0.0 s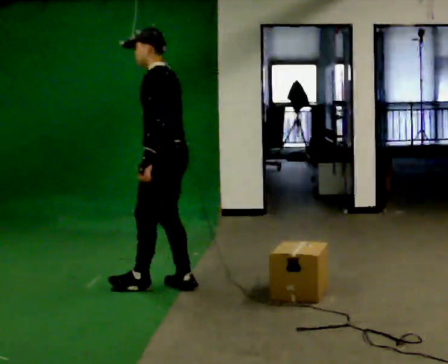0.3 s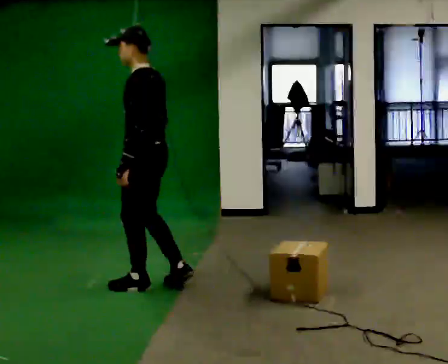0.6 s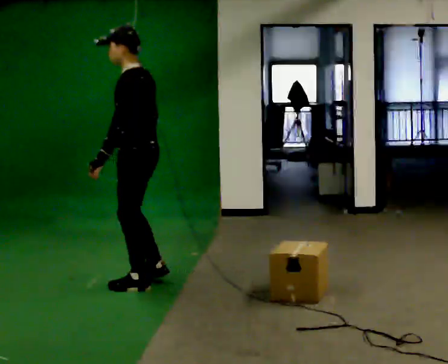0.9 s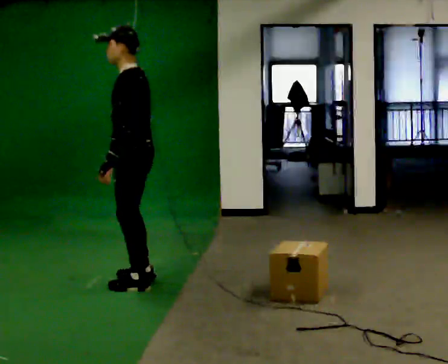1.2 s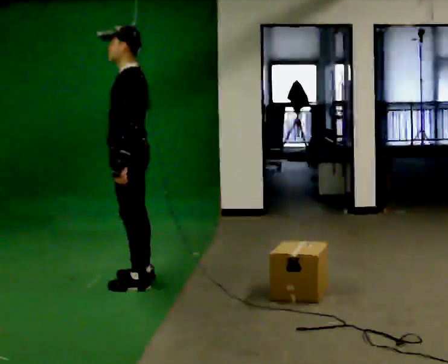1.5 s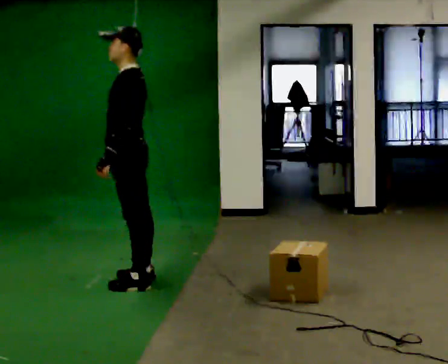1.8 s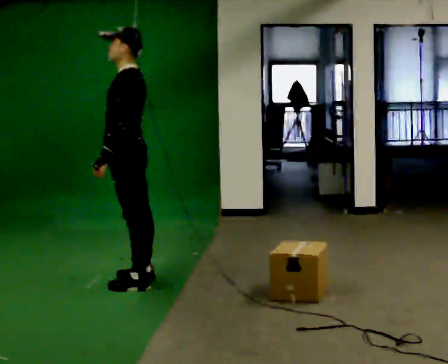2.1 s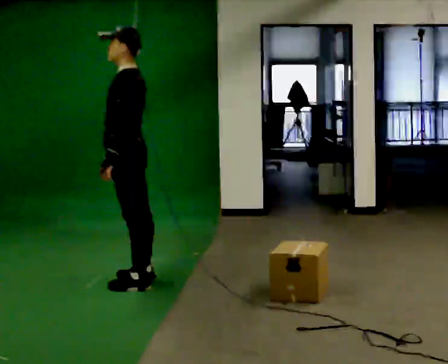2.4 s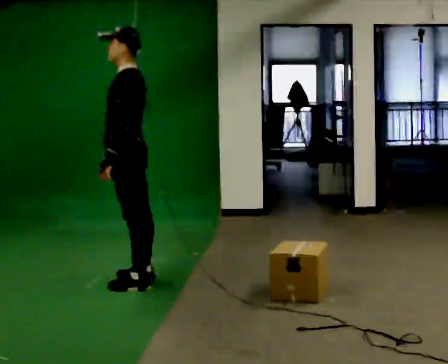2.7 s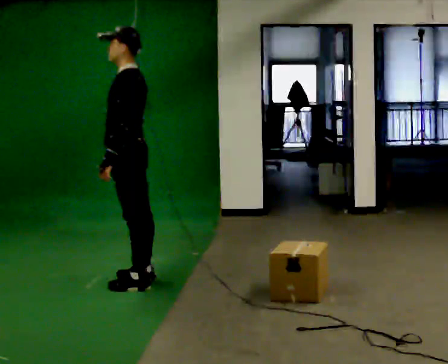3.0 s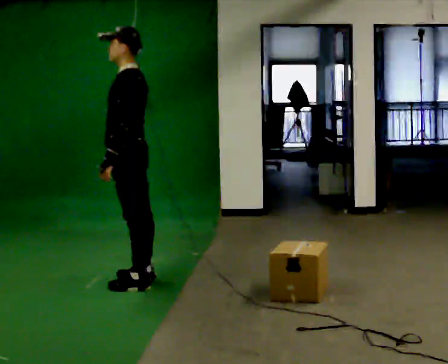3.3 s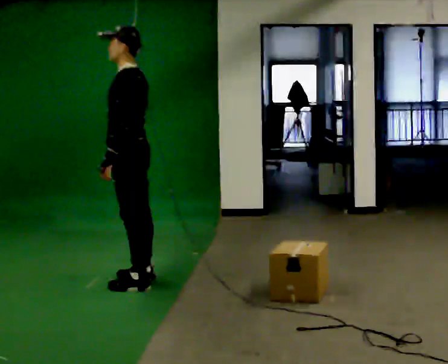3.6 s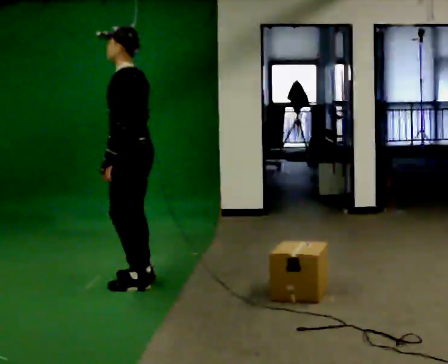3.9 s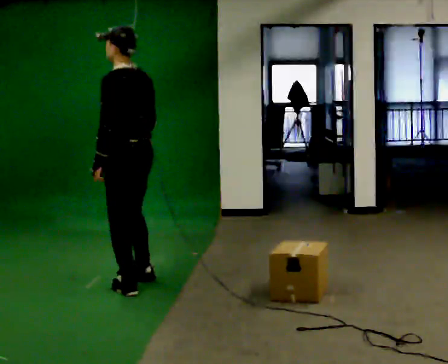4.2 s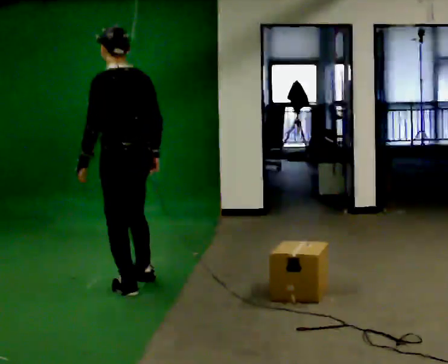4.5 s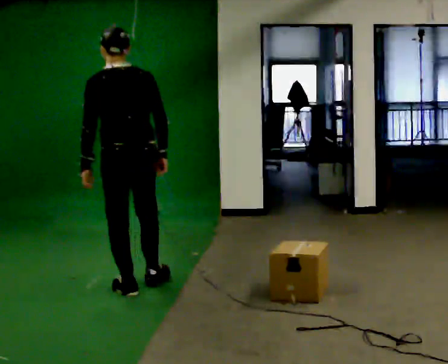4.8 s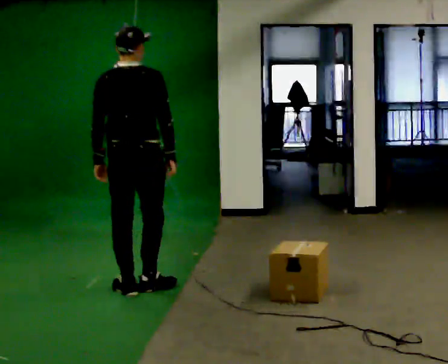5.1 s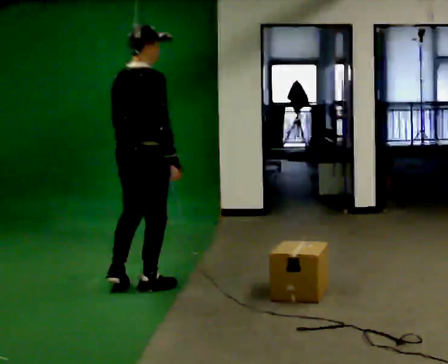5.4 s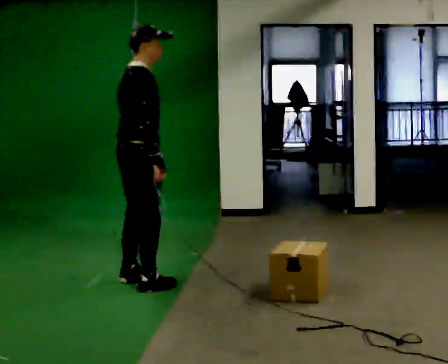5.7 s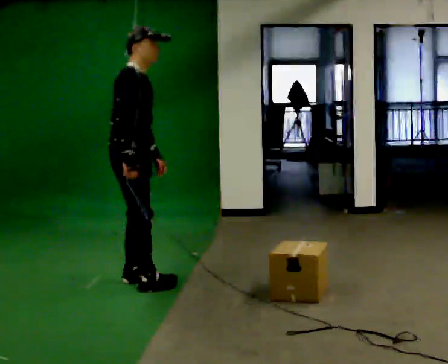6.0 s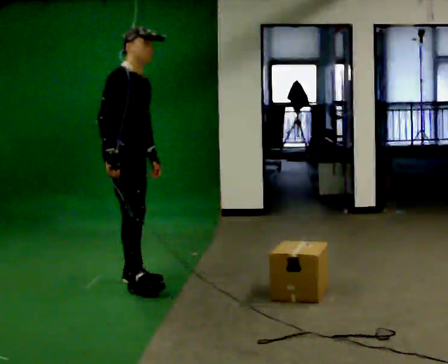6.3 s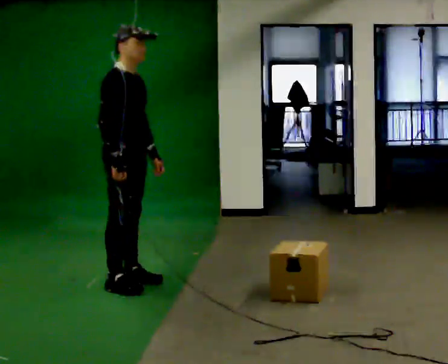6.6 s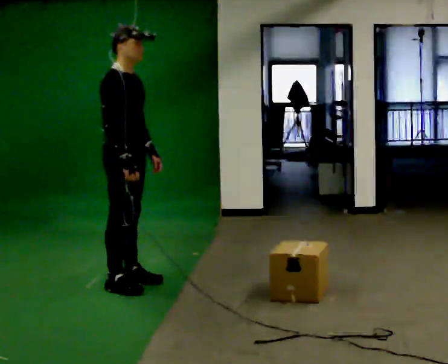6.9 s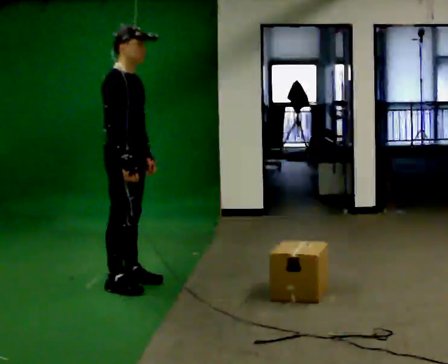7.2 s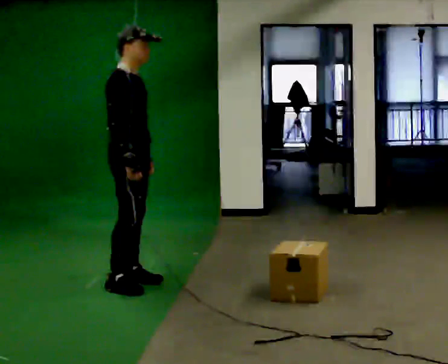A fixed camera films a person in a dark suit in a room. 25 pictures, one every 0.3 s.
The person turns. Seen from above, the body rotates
clockwise.
The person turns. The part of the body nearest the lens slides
to the left.
0.0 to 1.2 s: In the picture they go to the left, about 0.25 m in 2 steps, which for them is forward.
1.2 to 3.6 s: The person moves a little, or ends about where they began.
3.6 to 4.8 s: The part of the body nearest the lens slides to the left as the person turns to their right by about 90 degrees. In the picture they go toward the camera, about 0.25 m in 2 steps. In the picture their right hand goes to the right.
4.8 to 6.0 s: Seen from above the body turns clockwise, about 90 degrees: to their right, with its near side sliding to the left. In the picture they go away from the camera, about 0.25 m in 1 step. In the picture their right hand goes to the left.
6.0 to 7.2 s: The person moves a little, or ends about where they began.
The film runs forward here.
